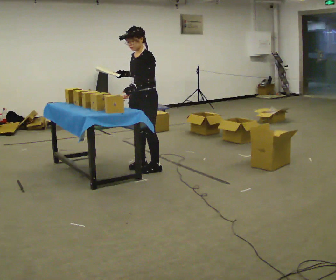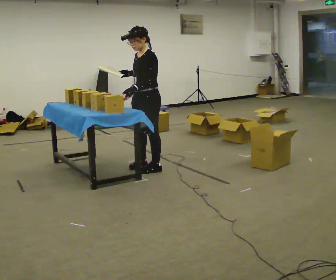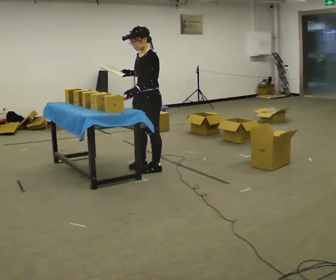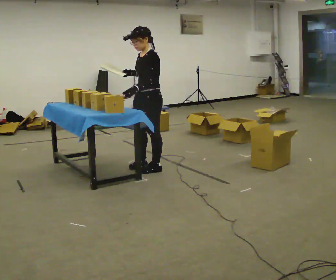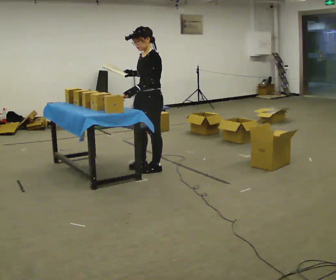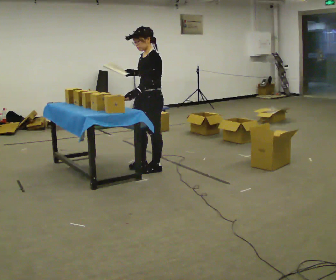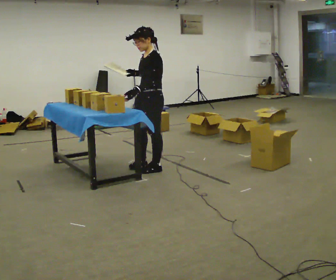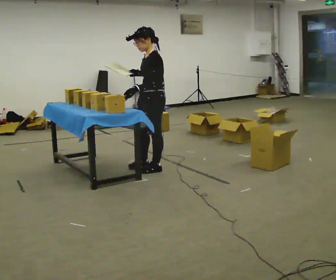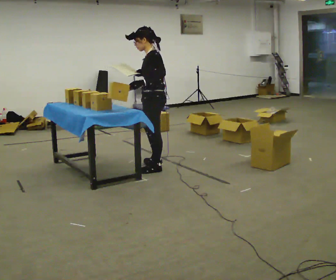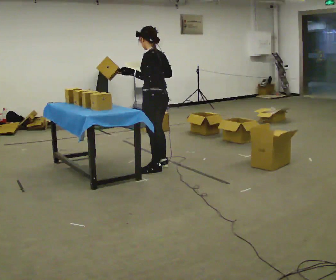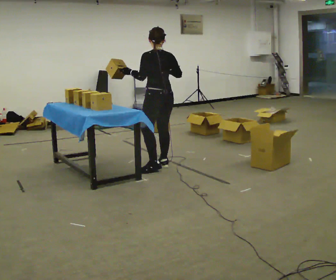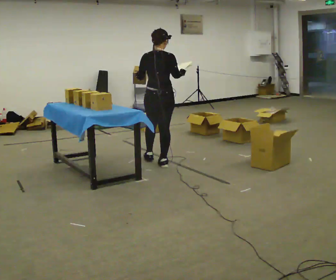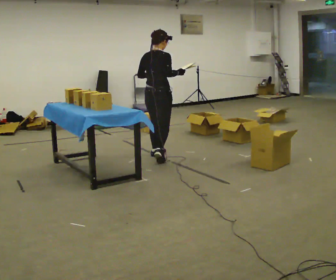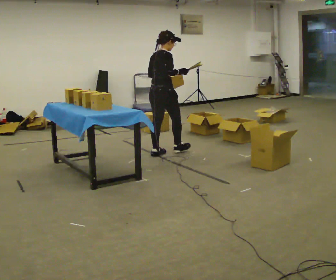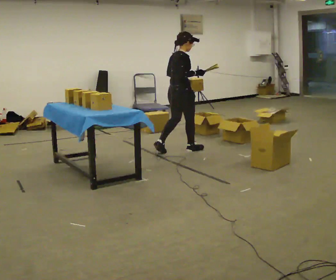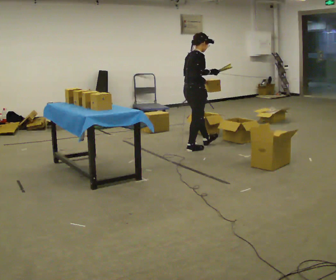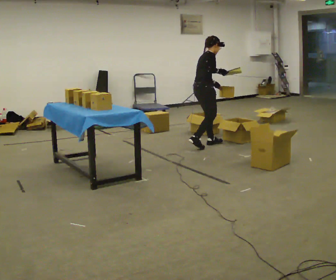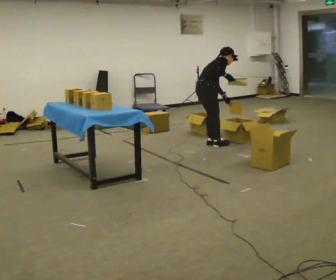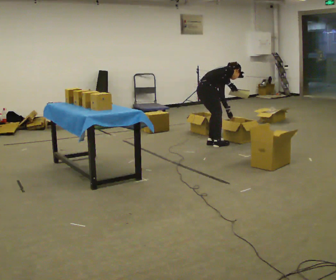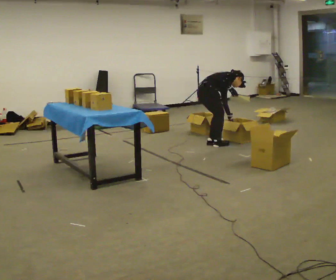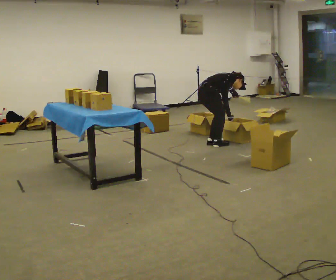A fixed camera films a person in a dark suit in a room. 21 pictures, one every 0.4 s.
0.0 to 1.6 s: The person moves a little, or ends about where they began.
1.6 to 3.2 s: Seen from above the body turns clockwise, about 30 degrees: to their right, with its near side sliding to the left.
3.2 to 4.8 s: Seen from above the body turns clockwise, about 105 degrees: to their right, with its near side sliding to the left. In the picture they go away from the camera, about 0.5 m in 2 steps.
4.8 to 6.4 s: The person turns about 45 degrees to their right, clockwise seen from above, so the part of the body nearest the lens slides to the left. In the picture they go to the right and away from the camera, about 1 m in 2 steps, which for them is forward.
6.4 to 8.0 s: The upper body goes downward. In the picture the upper body tilts clockwise, shoulders to the right, as they bend forward. In the picture their left hand goes downward.
The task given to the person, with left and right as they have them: 1. Read the parts list. 2. Collect each part from the bins around the room. 3. Lay them out on the table in the order on the list. 4. Put them all in the carry case. 5. Tell the operator when you are finished.
The film runs forward here.
